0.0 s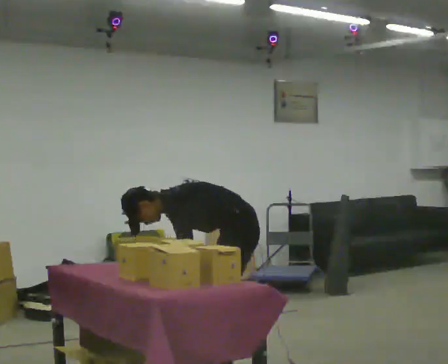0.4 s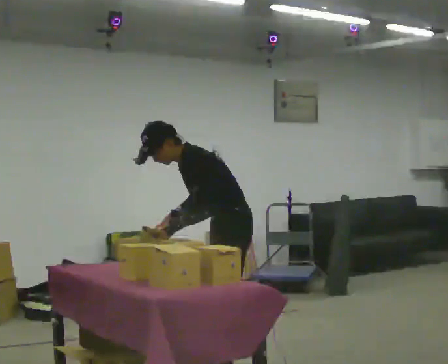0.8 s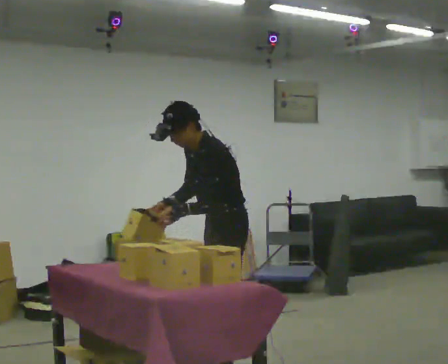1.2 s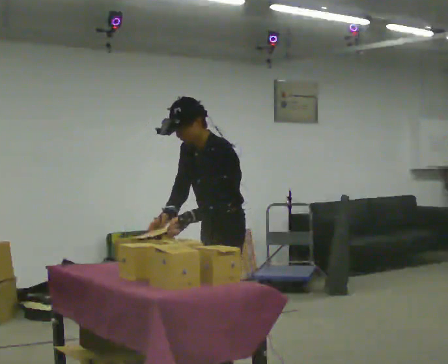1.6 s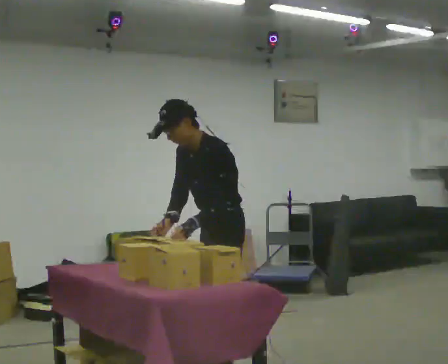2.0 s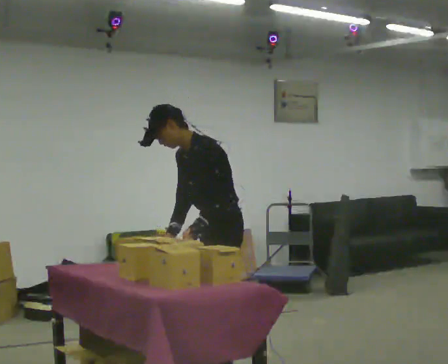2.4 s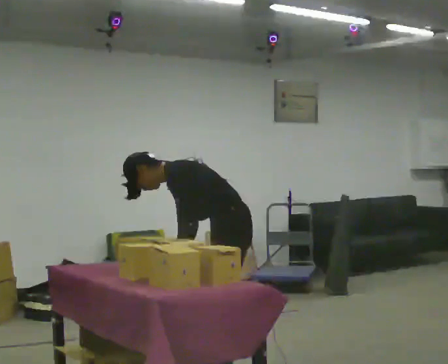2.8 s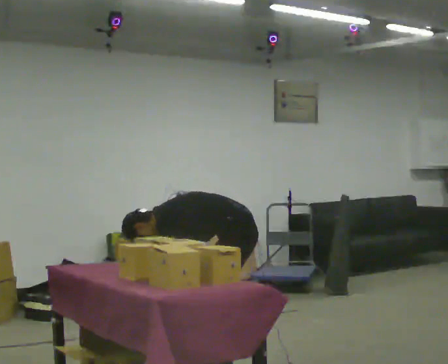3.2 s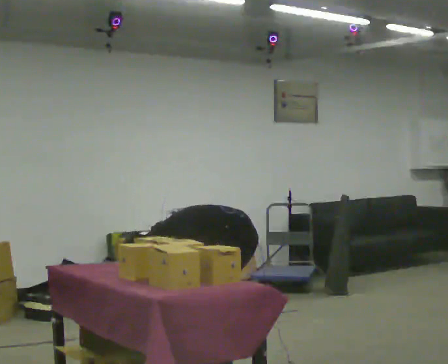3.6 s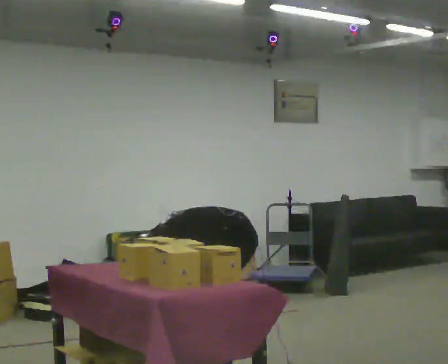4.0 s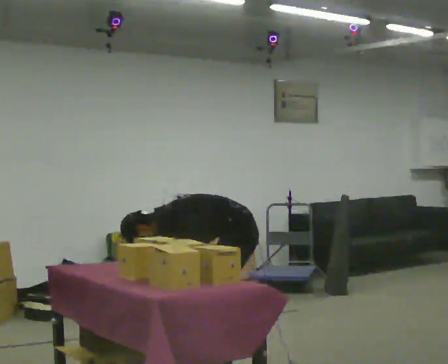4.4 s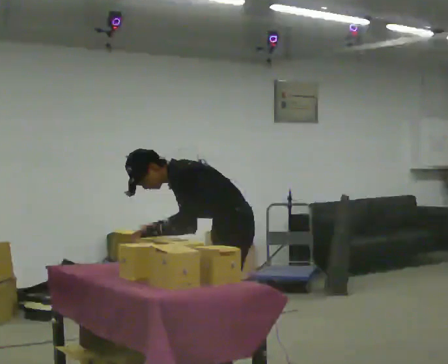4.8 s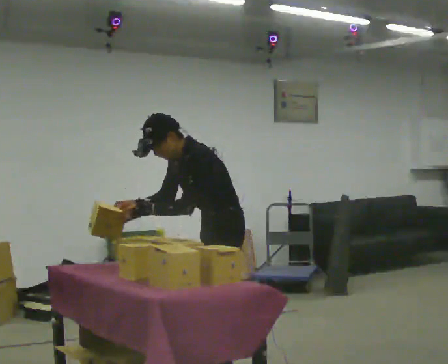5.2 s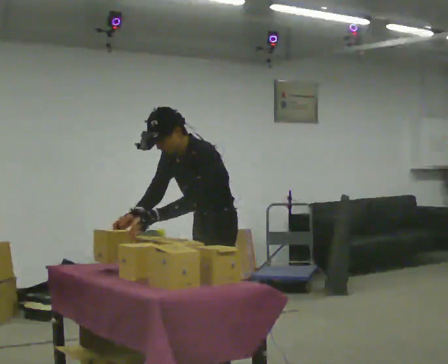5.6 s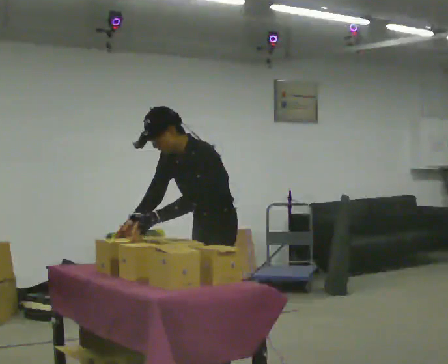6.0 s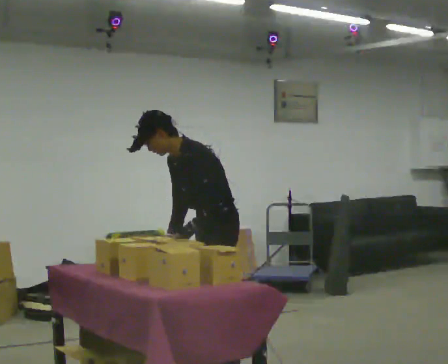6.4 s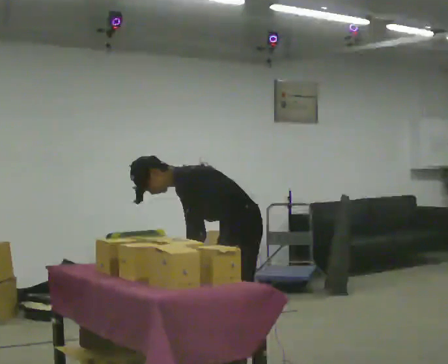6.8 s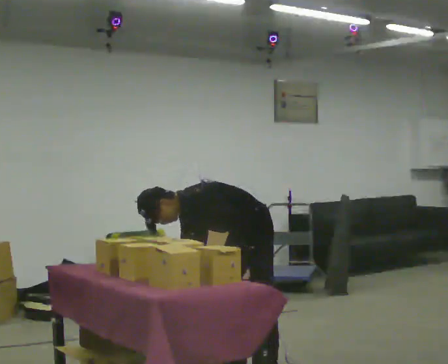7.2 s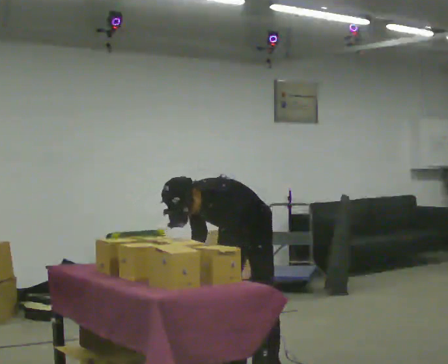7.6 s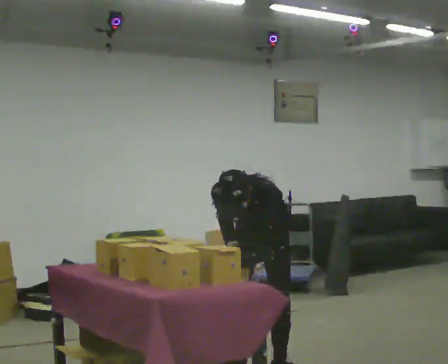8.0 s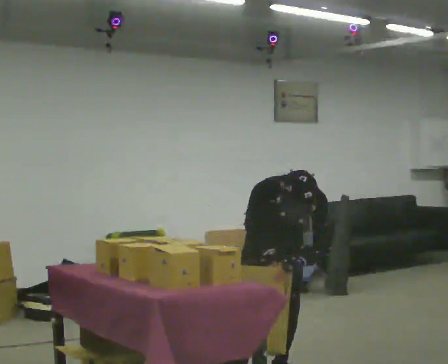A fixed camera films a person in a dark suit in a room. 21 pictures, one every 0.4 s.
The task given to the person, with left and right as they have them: 1. Take everything out of the crates by the door. 2. Put the small items on the middle shelf. 3. Put the large items on the bottom shelf. 4. Stack the empty crates by the door. 5. Tell the operator when you are finished.
0.0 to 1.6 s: The shoulders move upward. In the picture the upper body tilts clockwise, shoulders to the right, as they lean back or straighten. In the picture their right hand goes upward.
1.6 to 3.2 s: The shoulders move downward. In the picture the upper body tilts counterclockwise, shoulders to the left, as they bend forward. In the picture their right hand goes downward.
3.2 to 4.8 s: The upper body goes upward. In the picture the upper body tilts clockwise, shoulders to the right, as they lean back or straighten. In the picture their right hand goes upward.
4.8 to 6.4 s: In the picture they go away from the camera, about 0.25 m, which for them is backward. The shoulders move downward. In the picture the upper body tilts counterclockwise, shoulders to the left, as they bend forward. In the picture their right hand goes downward, the arm swinging counterclockwise.
6.4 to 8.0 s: The person turns about 75 degrees to their left, counterclockwise seen from above, so the part of the body nearest the lens slides to the right. In the picture the upper body tilts clockwise, shoulders to the right. In the picture their left hand goes to the right.
The film runs forward here.
